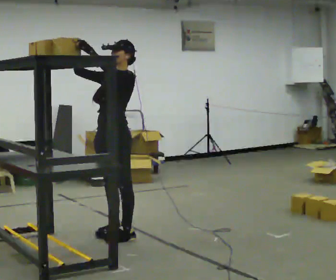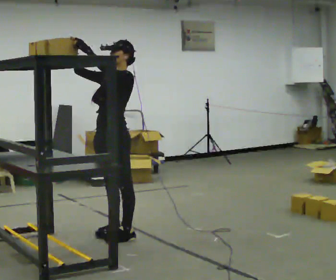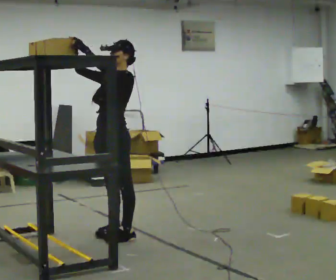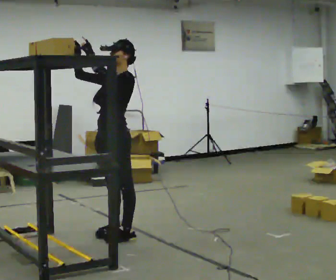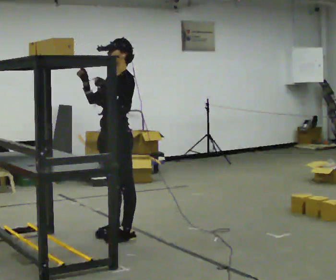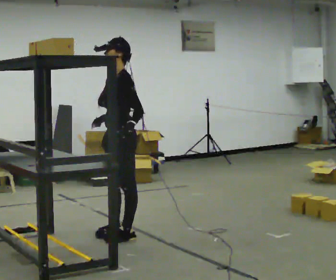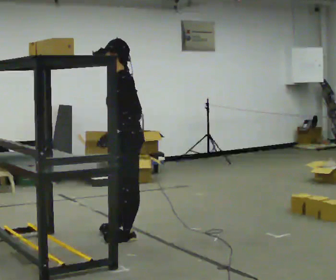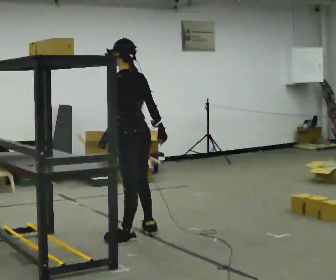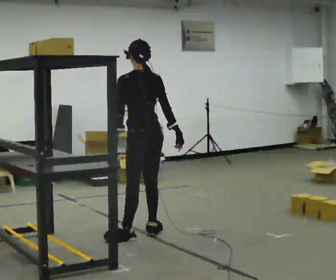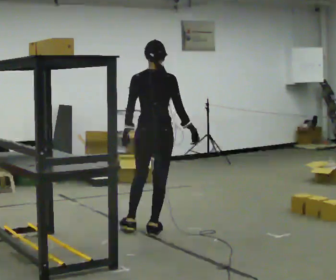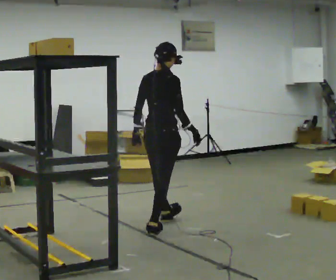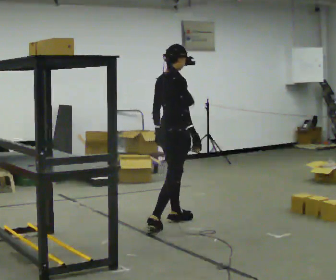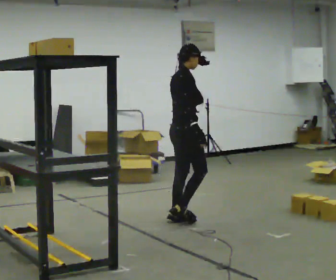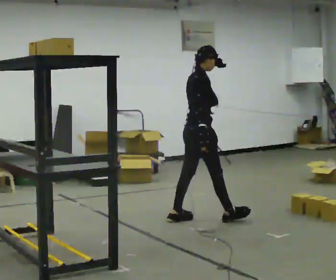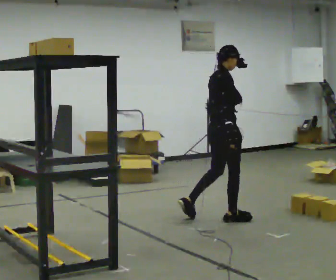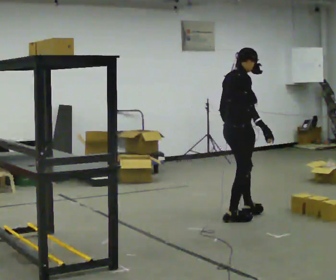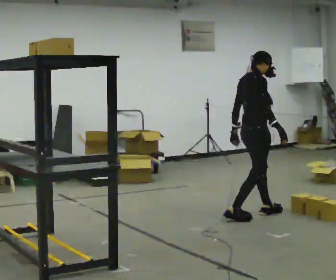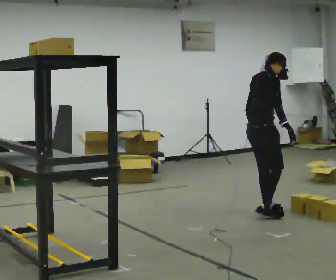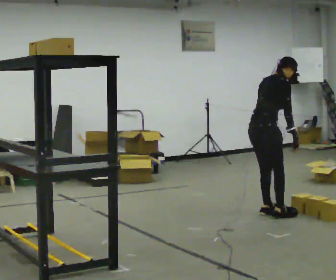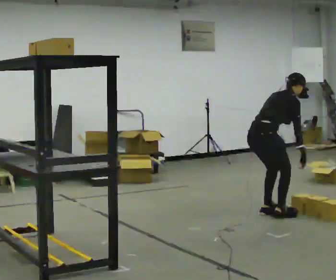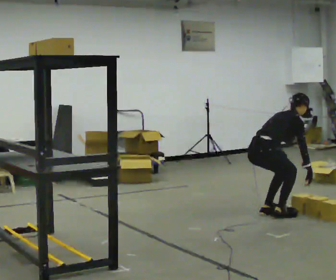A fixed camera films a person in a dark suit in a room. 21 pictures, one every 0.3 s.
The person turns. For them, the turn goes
to their right.
The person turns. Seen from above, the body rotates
clockwise.
0.0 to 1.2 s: In the picture their left hand goes downward.
1.2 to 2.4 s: The part of the body nearest the lens slides to the left as the person turns to their right by about 90 degrees. In the picture they go to the right, about 0.25 m in 1 step. In the picture their right hand goes to the right and downward, the arm swinging counterclockwise.
2.4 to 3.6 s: The person turns about 105 degrees to their right, clockwise seen from above, so the part of the body nearest the lens slides to the left. In the picture they go away from the camera and to the right, about 0.5 m in 1 step.
3.6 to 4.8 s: In the picture they go to the right, about 0.75 m in 2 steps, which for them is forward.
4.8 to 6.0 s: The shoulders move downward. In the picture the upper body tilts clockwise, shoulders to the right, as they bend forward. In the picture their left hand goes to the right and downward.
The film runs forward here.
